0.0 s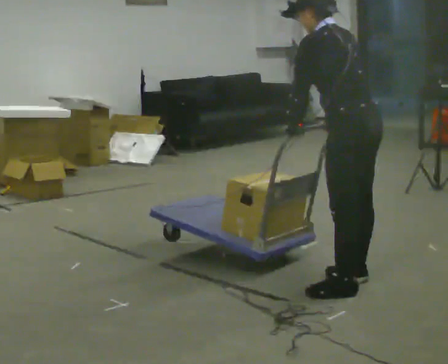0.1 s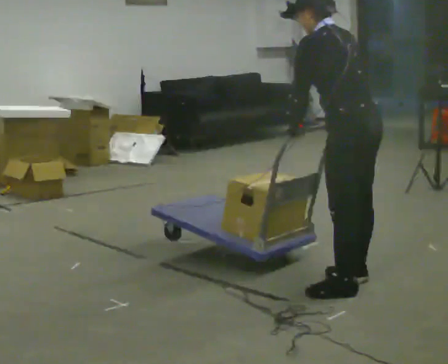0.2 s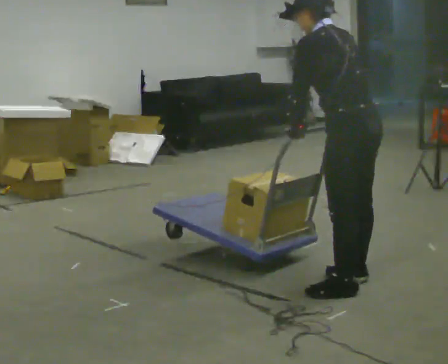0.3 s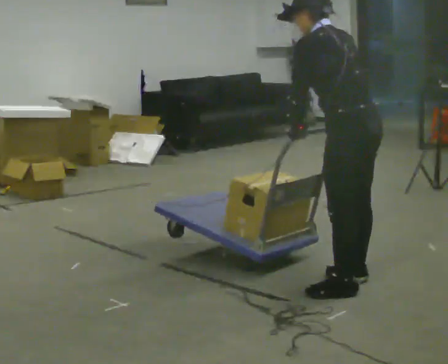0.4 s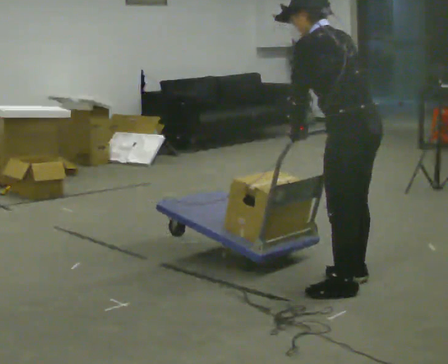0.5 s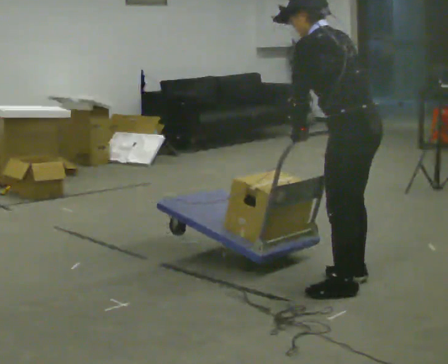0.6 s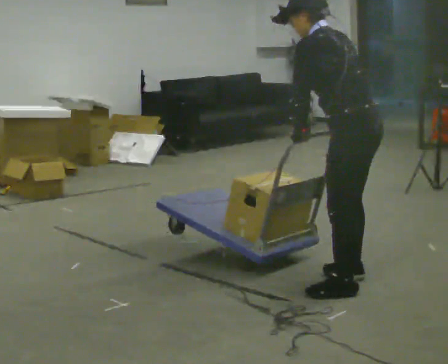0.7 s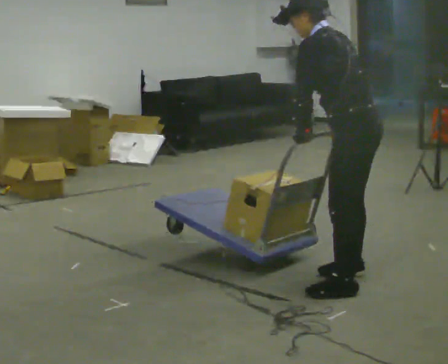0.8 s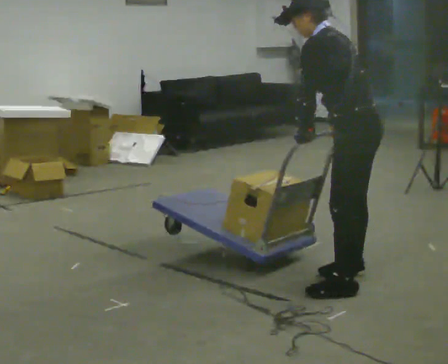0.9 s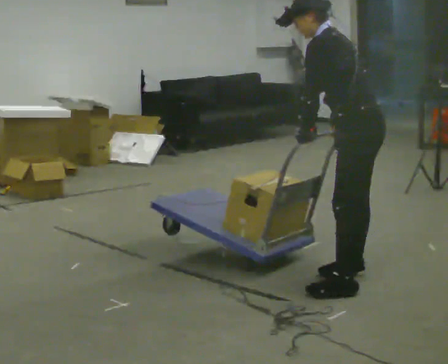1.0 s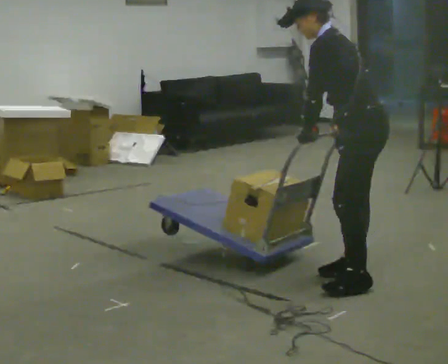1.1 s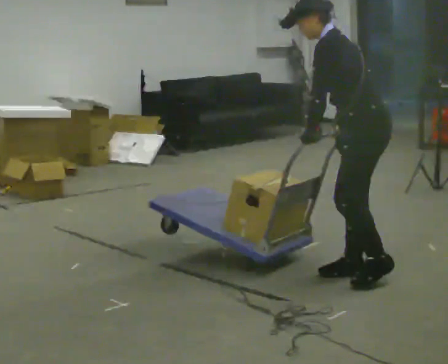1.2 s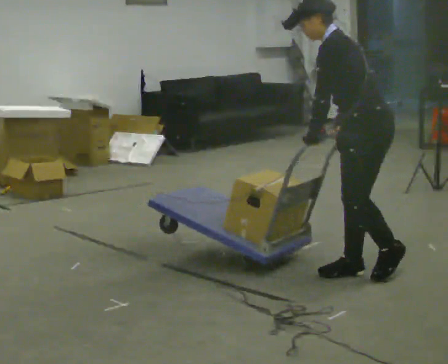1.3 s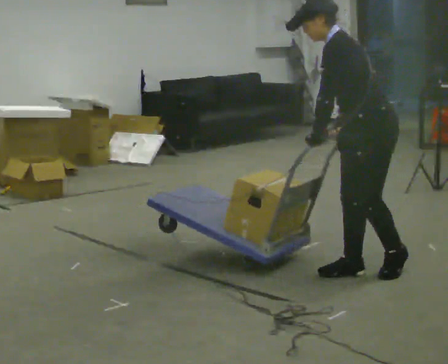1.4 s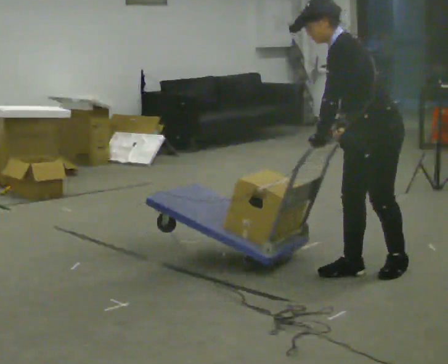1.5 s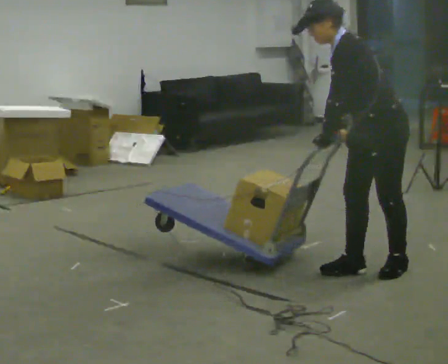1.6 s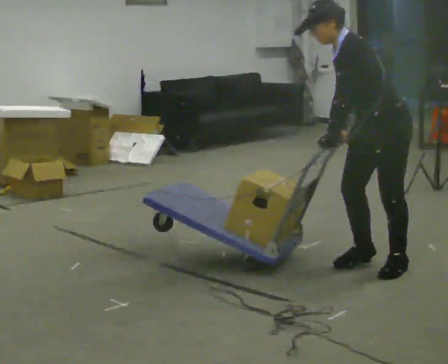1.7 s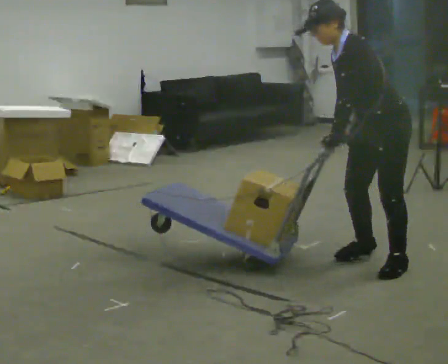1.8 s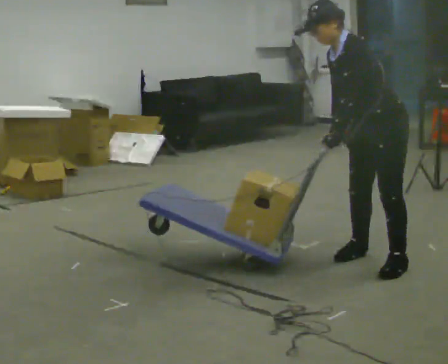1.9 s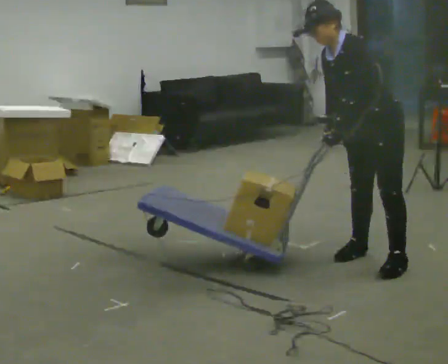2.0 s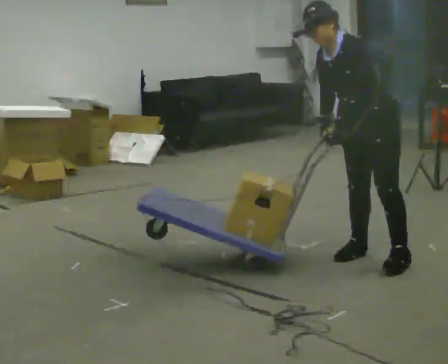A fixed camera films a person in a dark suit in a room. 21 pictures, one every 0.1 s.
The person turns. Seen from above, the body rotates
counterclockwise.
The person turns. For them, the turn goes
to their left.
0.0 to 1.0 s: The part of the body nearest the lens slides to the right as the person turns to their left by about 30 degrees.
1.0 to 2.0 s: The part of the body nearest the lens slides to the right as the person turns to their left by about 45 degrees. In the picture they go away from the camera, about 0.5 m in 2 steps, which for them is to their right and backward. The upper body tips toward the camera, its near side rolling downward.
The film runs backward here.
